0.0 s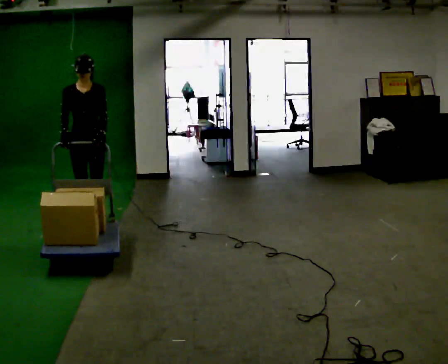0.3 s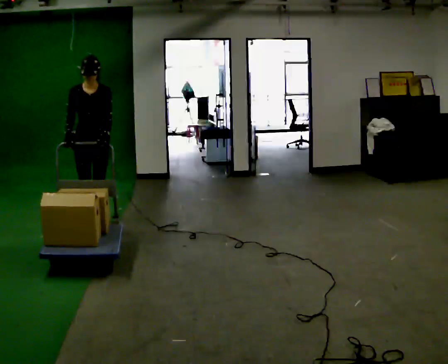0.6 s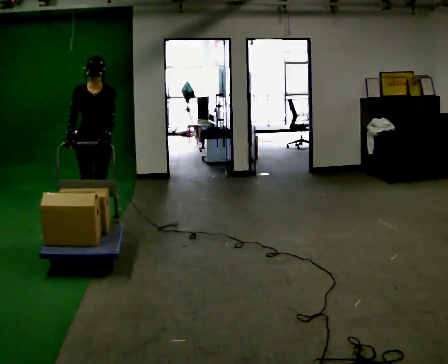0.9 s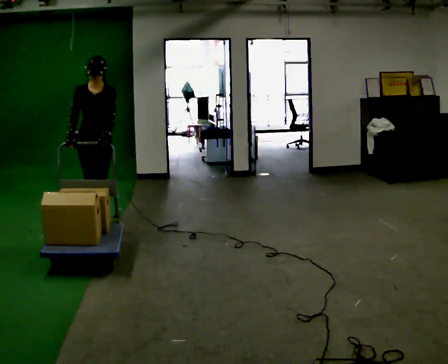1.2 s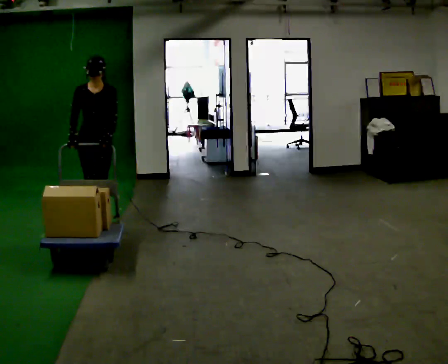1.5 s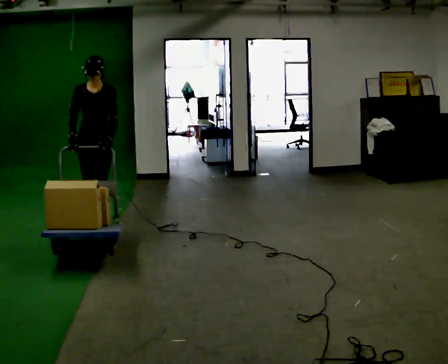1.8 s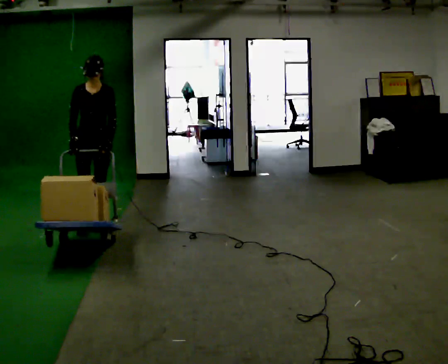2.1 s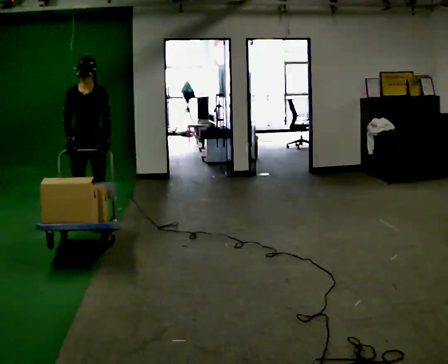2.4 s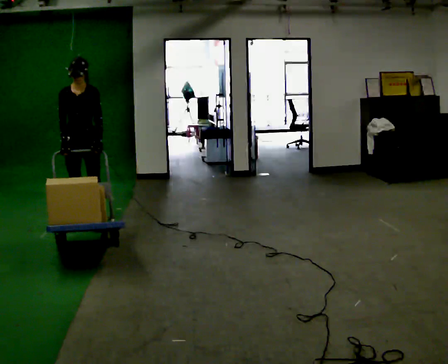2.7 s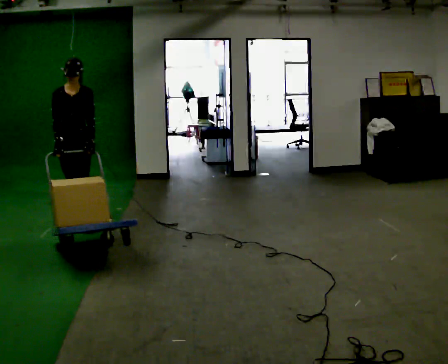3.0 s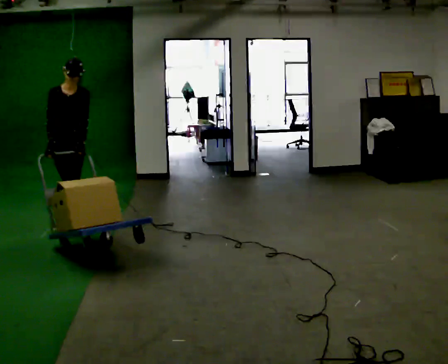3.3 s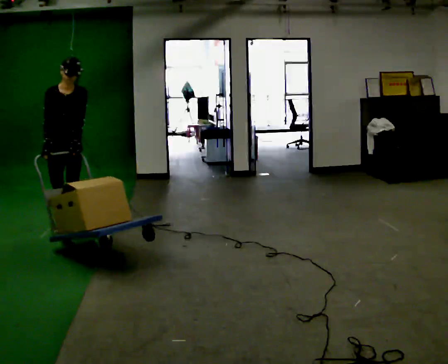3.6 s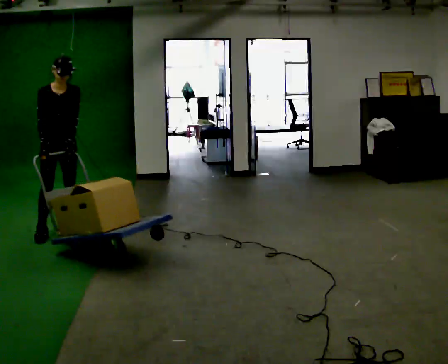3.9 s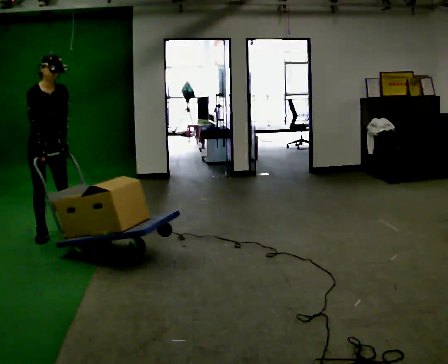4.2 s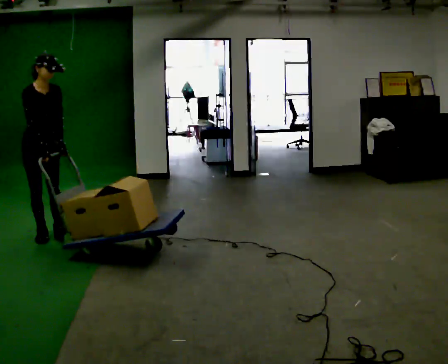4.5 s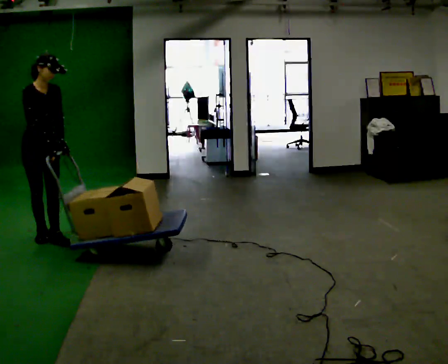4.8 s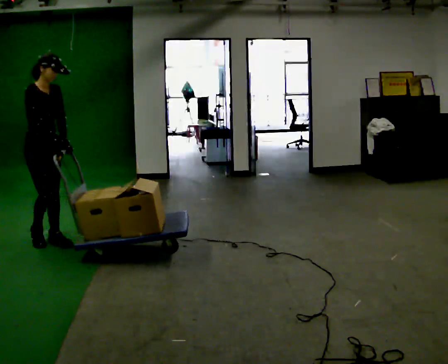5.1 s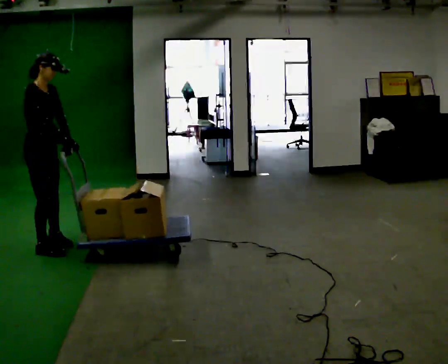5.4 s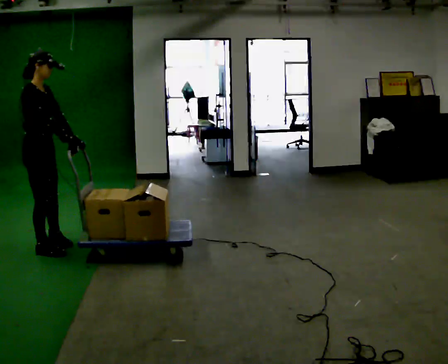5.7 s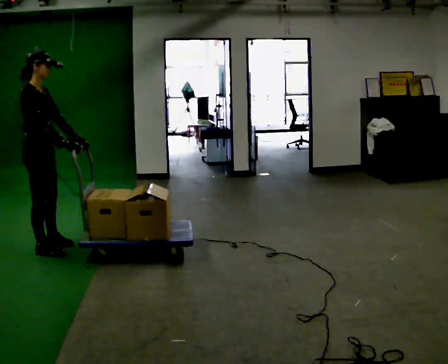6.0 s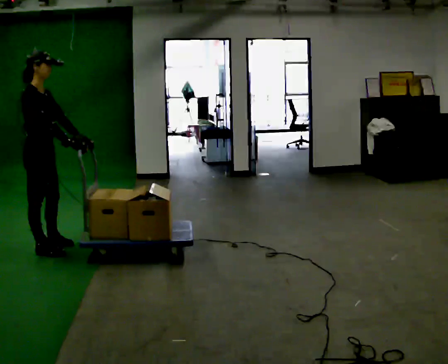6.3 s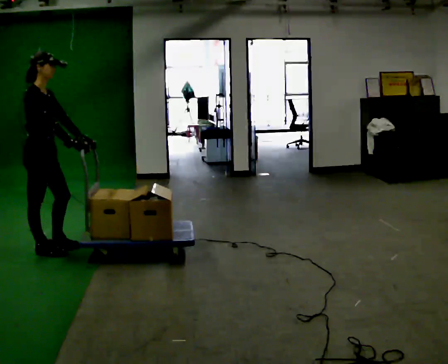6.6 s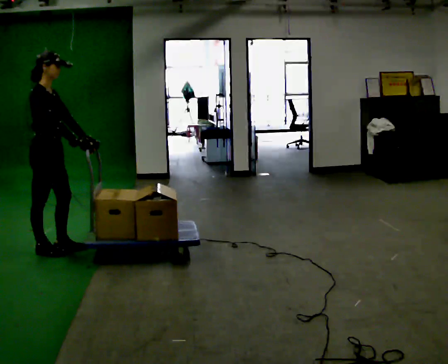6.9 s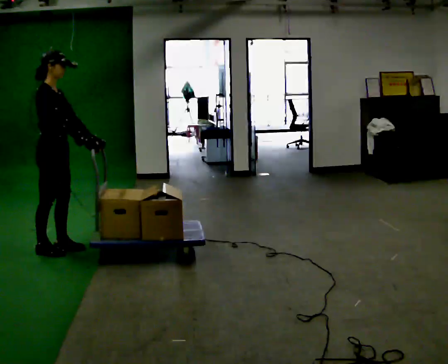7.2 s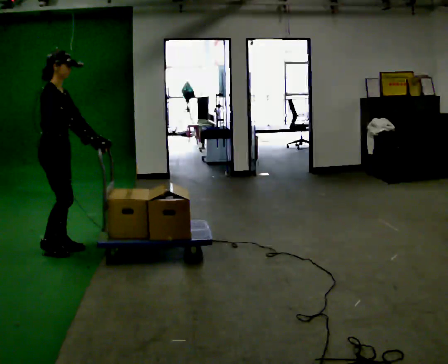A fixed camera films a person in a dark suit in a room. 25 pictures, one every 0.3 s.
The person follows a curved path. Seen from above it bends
counterclockwise.
0.0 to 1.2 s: The person moves a little, or ends about where they began.
1.2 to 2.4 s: In the picture they go to the left, about 0.25 m in 1 step, which for them is to their right.
2.4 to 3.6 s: Seen from above the body turns counterclockwise, about 30 degrees: to their left, with its near side sliding to the right. In the picture they go toward the camera and to the left, about 0.5 m in 2 steps, which for them is forward.
3.6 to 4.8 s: The person turns about 30 degrees to their left, counterclockwise seen from above, so the part of the body nearest the lens slides to the right. In the picture they go toward the camera, about 0.25 m in 1 step, which for them is forward and to their right.
4.8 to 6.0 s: The part of the body nearest the lens slides to the right as the person turns to their left by about 30 degrees. In the picture they go toward the camera, about 0.25 m in 1 step, which for them is to their right.
6.0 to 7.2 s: The person moves a little, or ends about where they began.
The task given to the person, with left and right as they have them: Push the cart across the room and back. The operator will change how much is loaded on it between takes and will tell you each time.
The film runs forward here.
